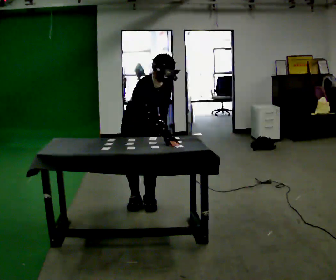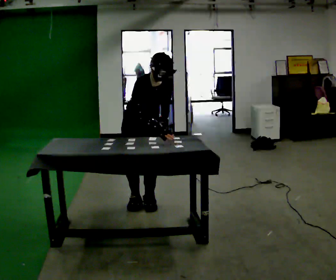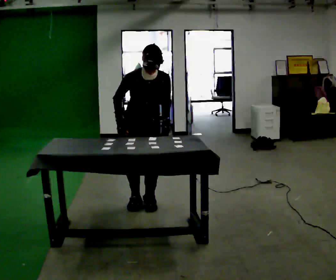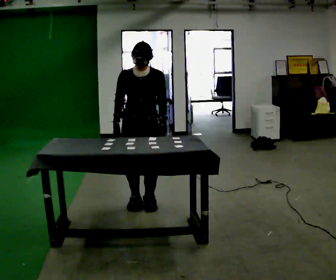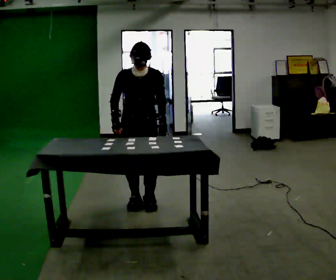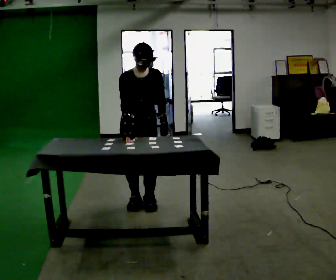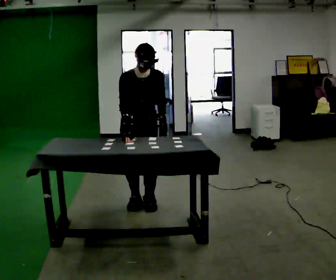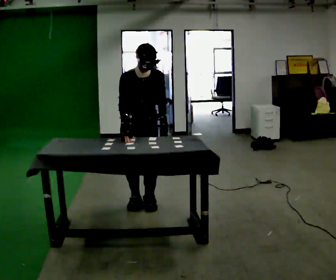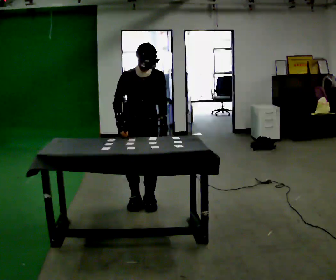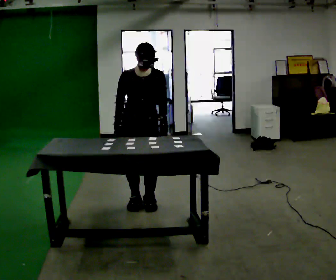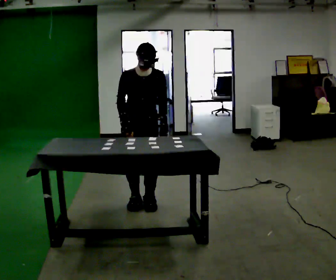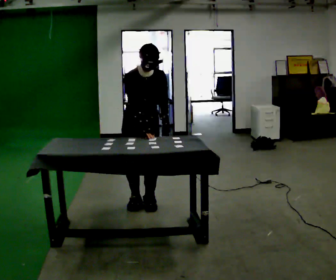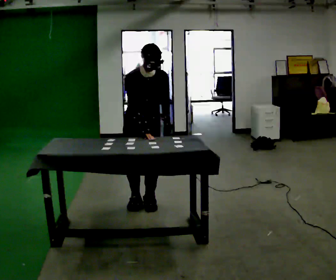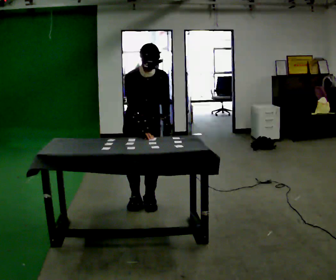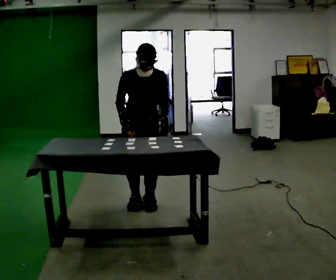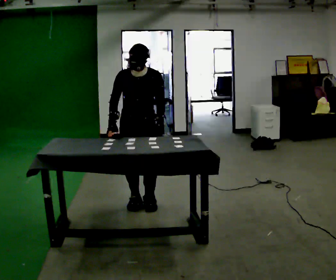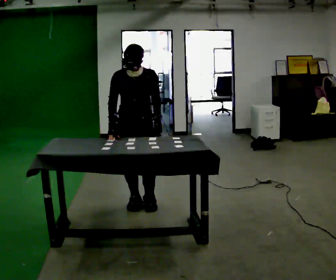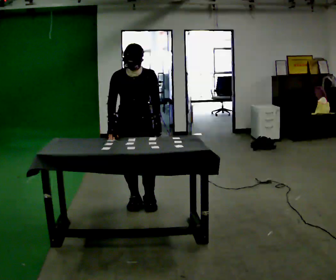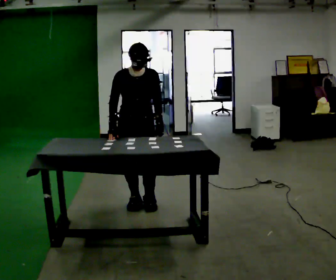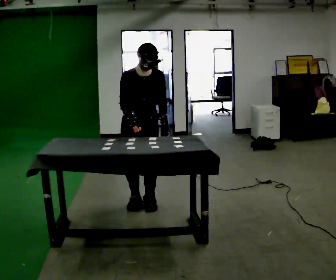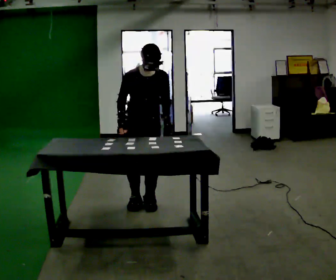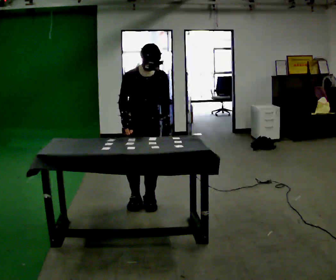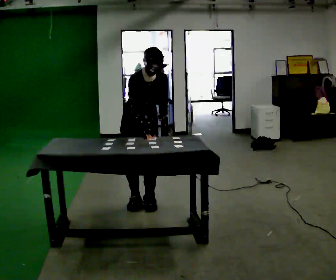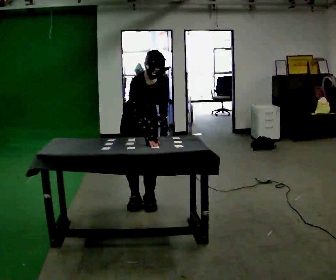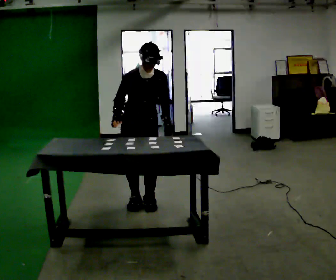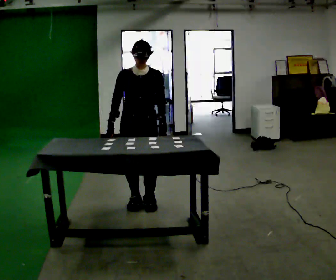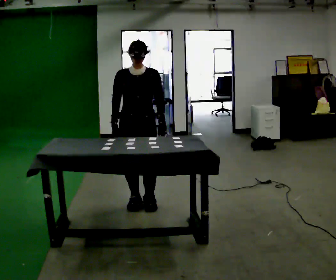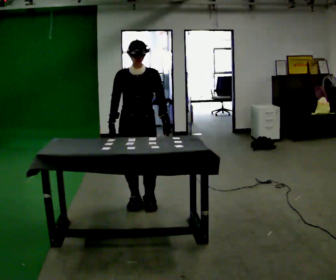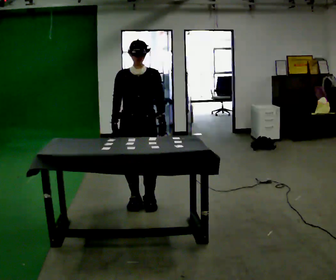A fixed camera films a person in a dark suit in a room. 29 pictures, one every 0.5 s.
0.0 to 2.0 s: Seen from above the body turns clockwise, about 30 degrees: to their right, with its near side sliding to the left. The upper body tips away from the camera, its near side rolling upward, as they lean back or straighten. In the picture their right hand goes to the left.
2.0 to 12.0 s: The person moves a little, or ends about where they began.
12.0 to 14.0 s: The upper body tips away from the camera, its near side rolling upward, as they lean back or straighten.
The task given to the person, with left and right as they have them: Touch each numbered target on the board in front of you in the order the operator calls. Keep both feet on the marked spots for the whole take. If you have to step, stop and tell the operator.
The film runs forward here.
